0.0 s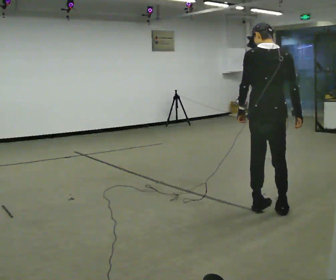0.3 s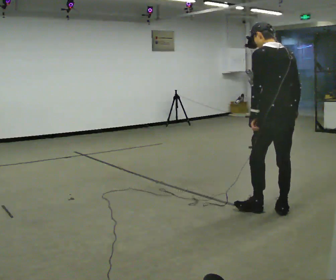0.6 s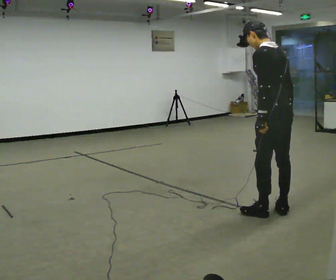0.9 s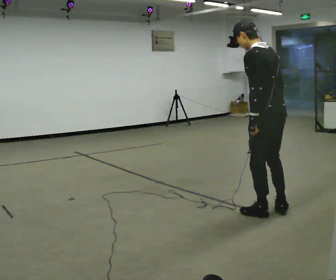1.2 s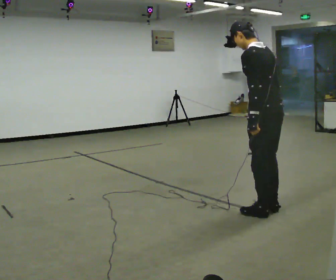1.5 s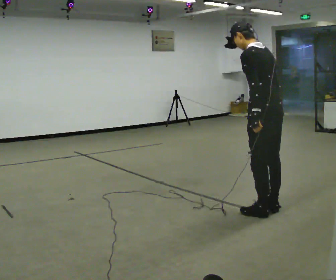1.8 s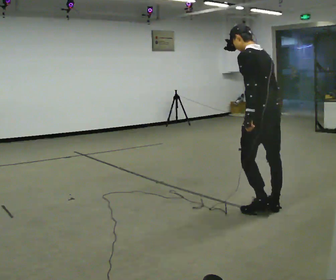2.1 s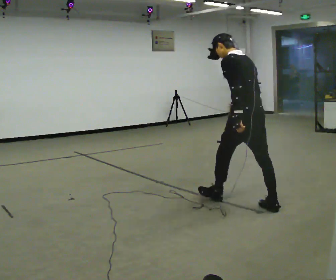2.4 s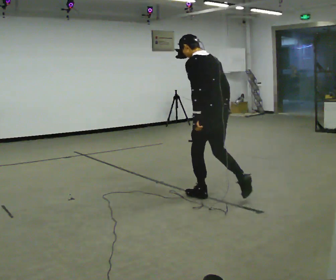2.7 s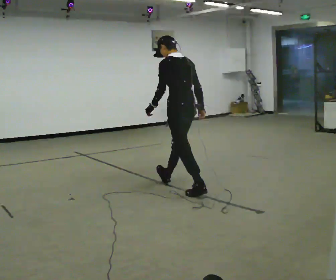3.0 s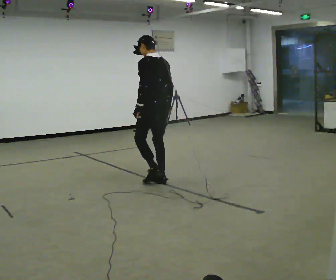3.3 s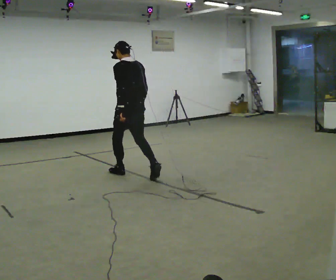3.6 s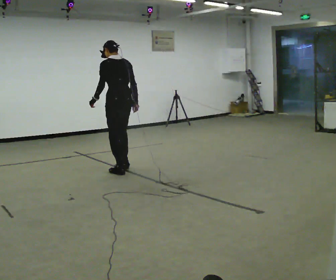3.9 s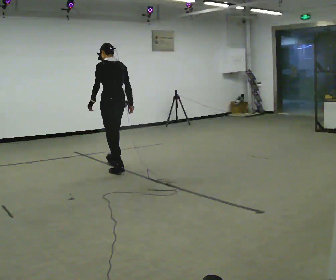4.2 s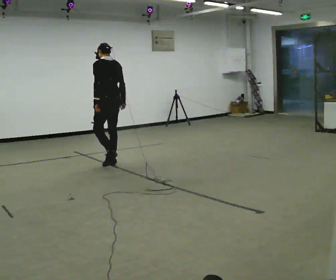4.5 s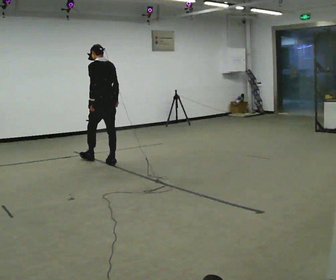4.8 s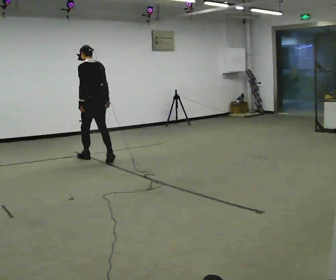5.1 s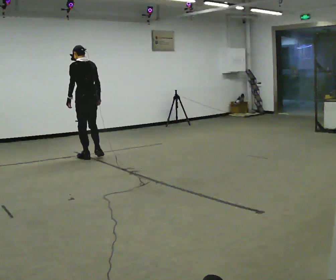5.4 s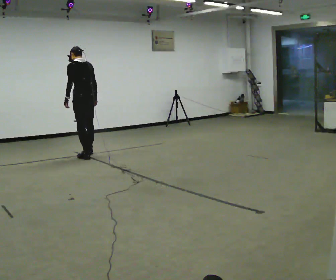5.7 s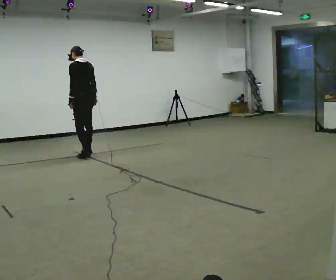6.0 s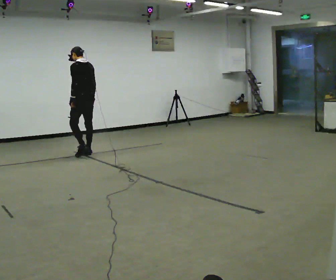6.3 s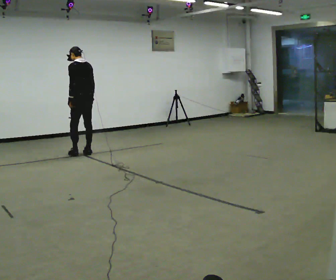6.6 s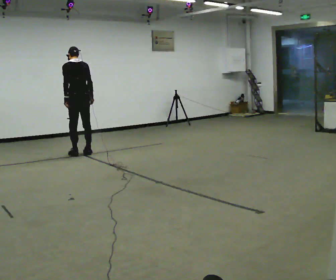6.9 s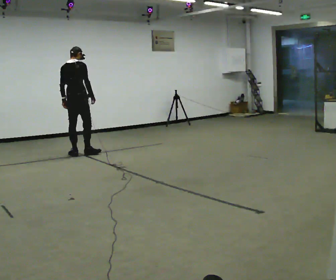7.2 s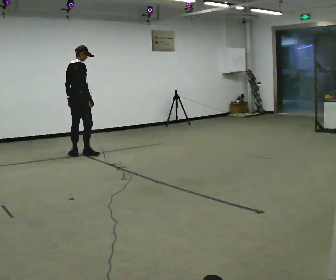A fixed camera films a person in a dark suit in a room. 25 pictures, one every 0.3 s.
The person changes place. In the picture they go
away from the camera.
0.0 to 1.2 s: Seen from above the body turns counterclockwise, about 60 degrees: to their left, with its near side sliding to the right. In the picture the upper body tilts counterclockwise, shoulders to the left.
1.2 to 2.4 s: In the picture they go away from the camera and to the left, about 0.75 m in 1 step, which for them is forward.
2.4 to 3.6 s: In the picture they go away from the camera and to the left, about 1.5 m in 2 steps, which for them is forward.
3.6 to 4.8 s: In the picture they go away from the camera and to the left, about 1 m in 2 steps, which for them is forward.
4.8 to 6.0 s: In the picture they go away from the camera and to the left, about 0.5 m in 1 step, which for them is forward.
6.0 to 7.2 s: The part of the body nearest the lens slides to the left as the person turns to their right by about 90 degrees. In the picture they go to the left, about 0.25 m in 1 step.
The film runs forward here.
